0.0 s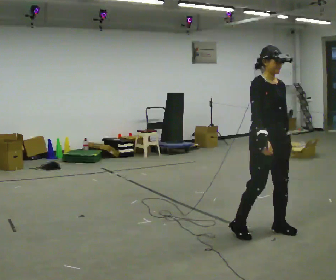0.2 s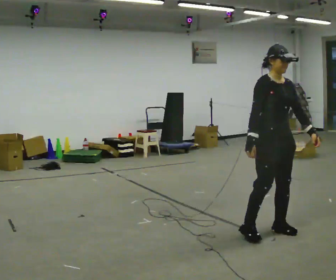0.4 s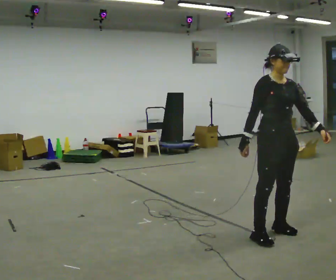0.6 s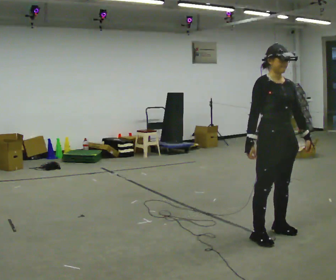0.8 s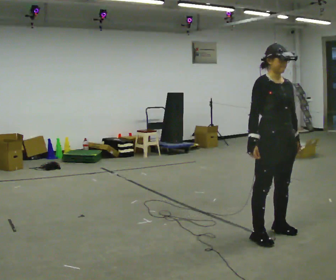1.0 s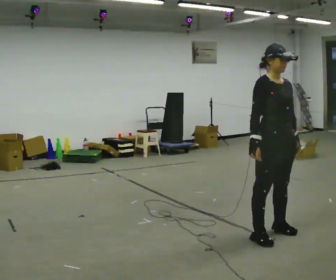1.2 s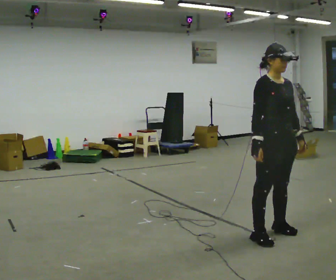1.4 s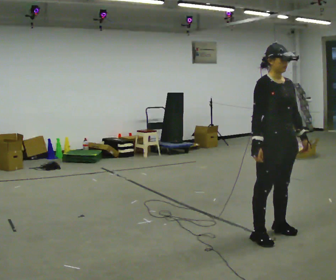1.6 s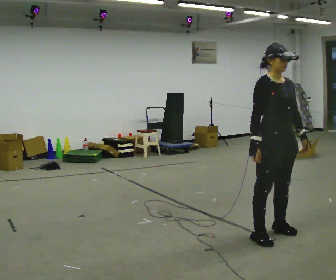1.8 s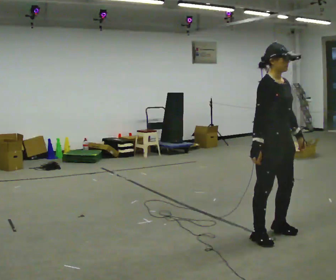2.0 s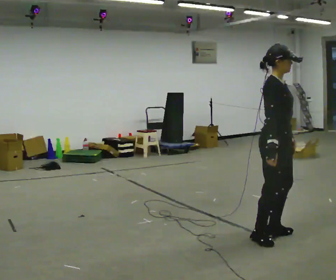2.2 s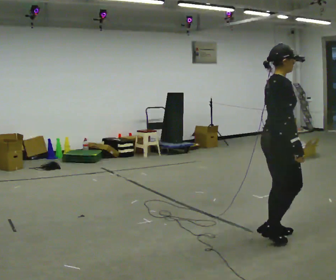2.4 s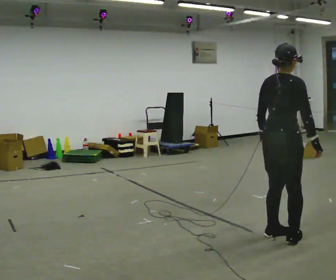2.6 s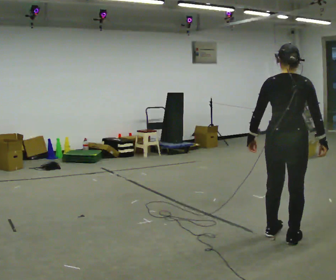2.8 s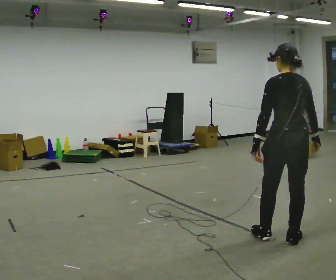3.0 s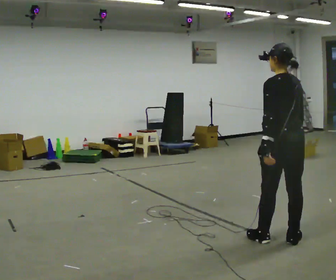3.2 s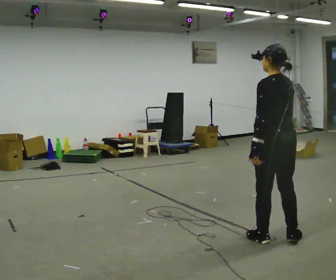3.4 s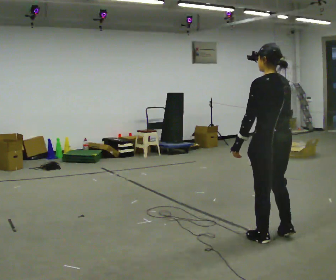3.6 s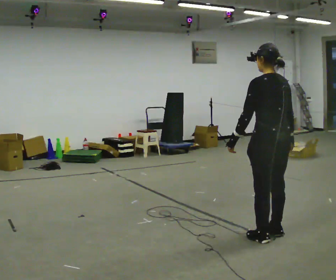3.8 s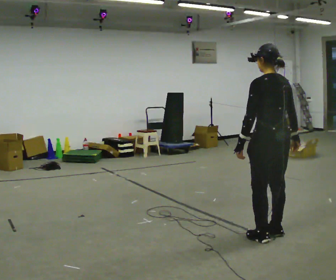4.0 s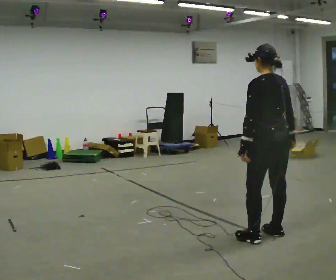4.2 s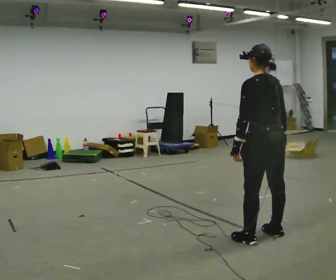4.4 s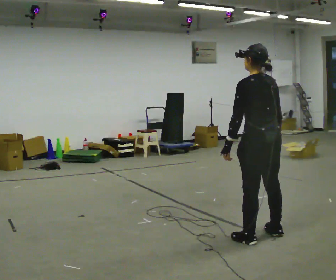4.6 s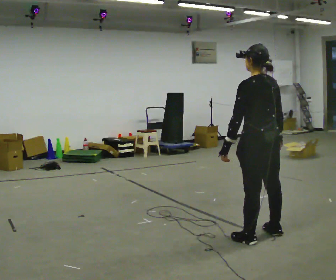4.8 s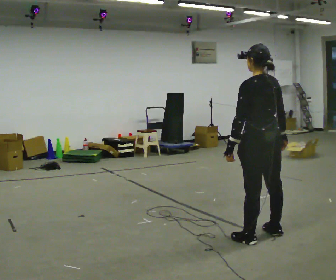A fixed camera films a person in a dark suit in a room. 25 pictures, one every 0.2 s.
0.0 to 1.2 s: The person moves a little, or ends about where they began.
1.2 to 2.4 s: The person turns about 120 degrees to their left, counterclockwise seen from above, so the part of the body nearest the lens slides to the right. In the picture their right hand goes to the right, the arm swinging counterclockwise.
2.4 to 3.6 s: The person turns about 60 degrees to their left, counterclockwise seen from above, so the part of the body nearest the lens slides to the right.
3.6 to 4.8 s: The person moves a little, or ends about where they began.
The film runs forward here.
